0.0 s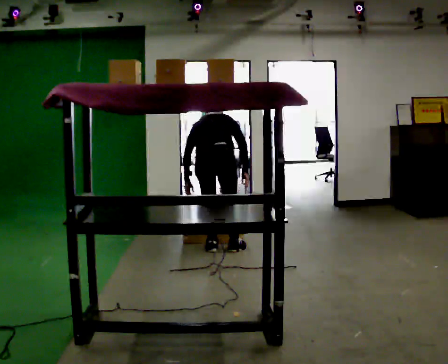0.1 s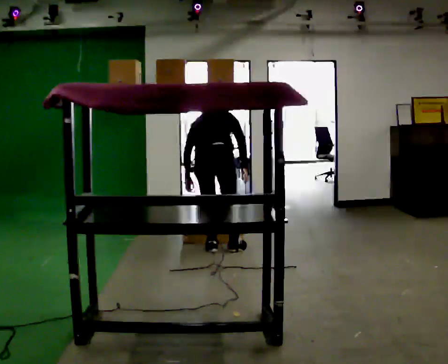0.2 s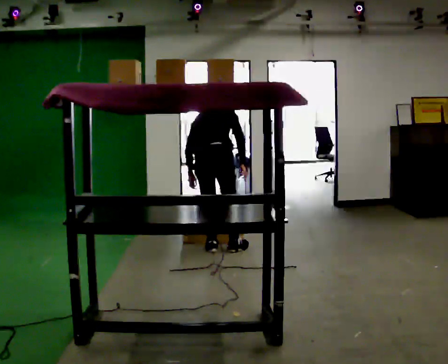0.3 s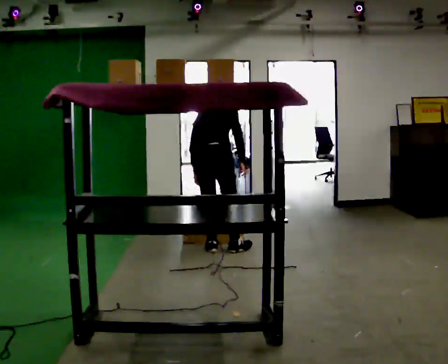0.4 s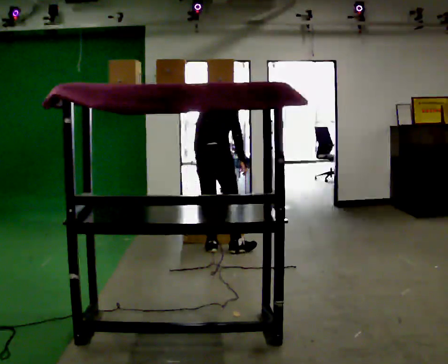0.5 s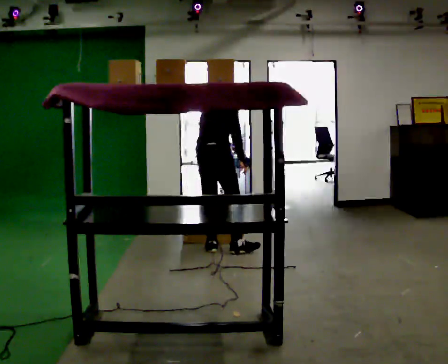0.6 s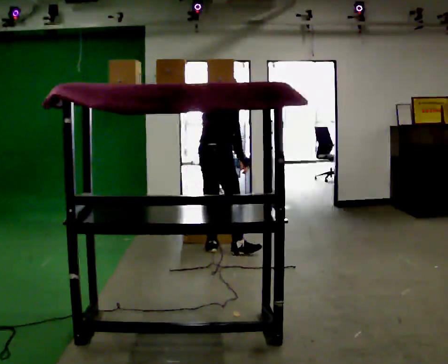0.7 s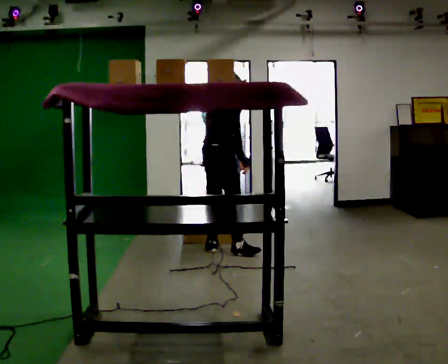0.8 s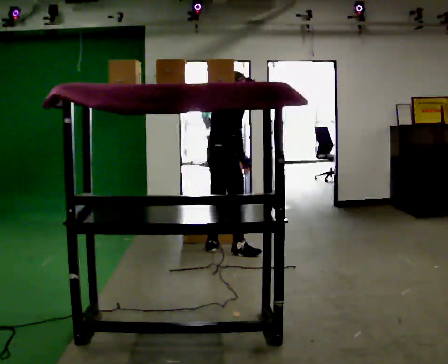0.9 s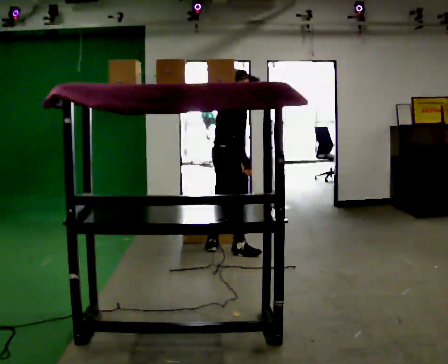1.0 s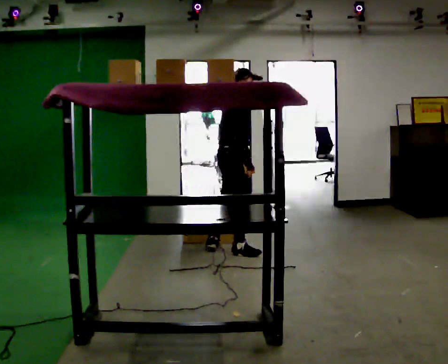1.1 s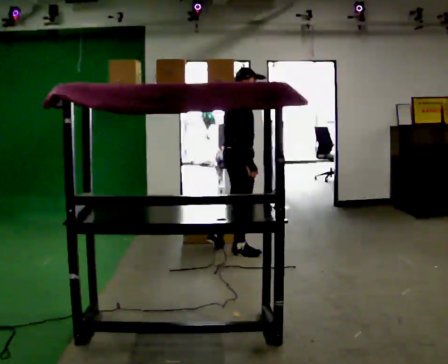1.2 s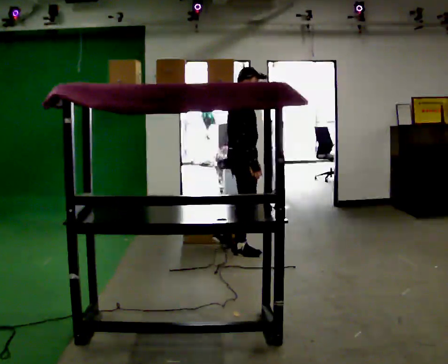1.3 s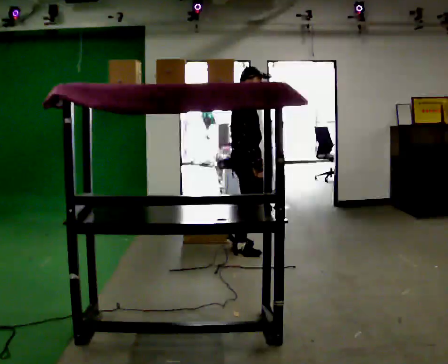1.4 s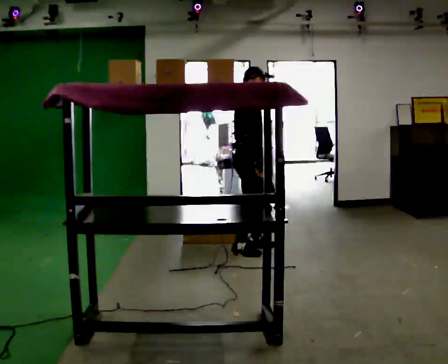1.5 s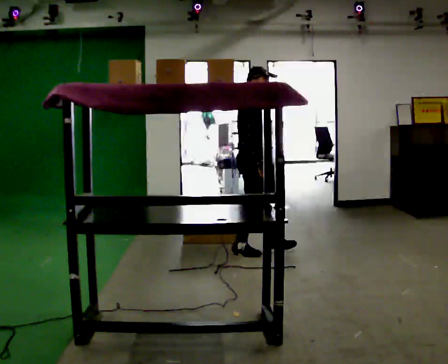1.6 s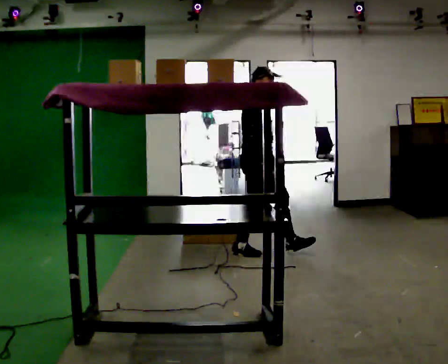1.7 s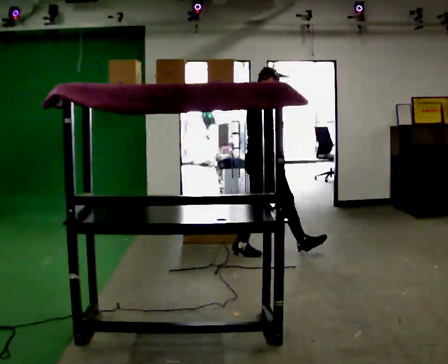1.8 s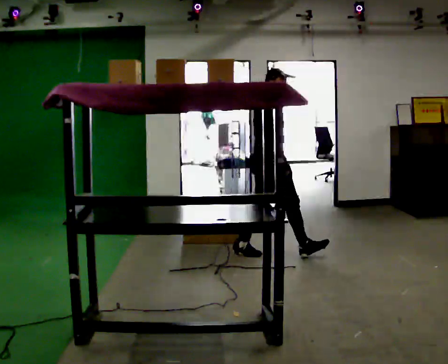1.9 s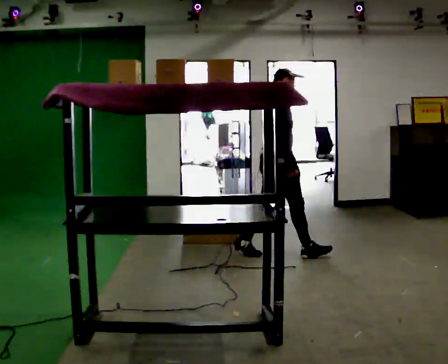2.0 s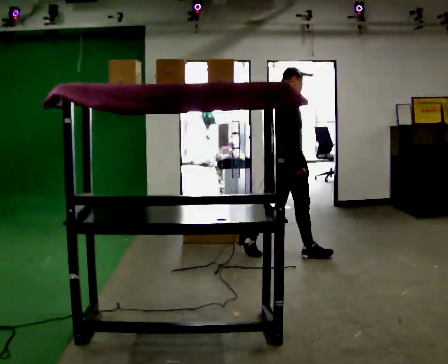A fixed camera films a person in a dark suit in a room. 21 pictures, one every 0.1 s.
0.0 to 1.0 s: The part of the body nearest the lens slides to the left as the person turns to their right by about 60 degrees. In the picture they go to the right, about 0.25 m. The upper body goes upward. The upper body tips toward the camera, its near side rolling downward, as they lean back or straighten. In the picture their left hand goes to the right.
1.0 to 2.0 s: Seen from above the body turns clockwise, about 45 degrees: to their right, with its near side sliding to the left. In the picture they go to the right, about 0.5 m in 1 step, which for them is forward.
The film runs forward here.
